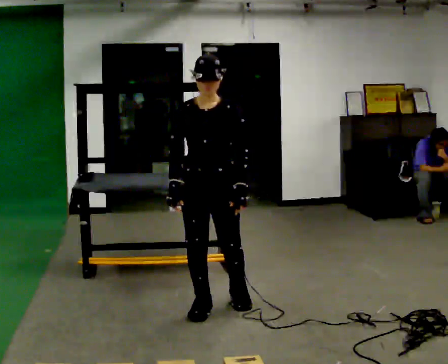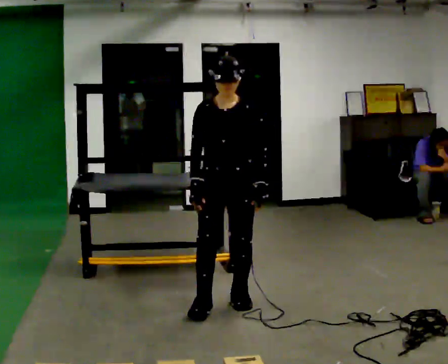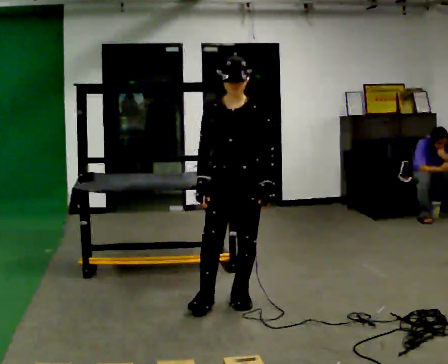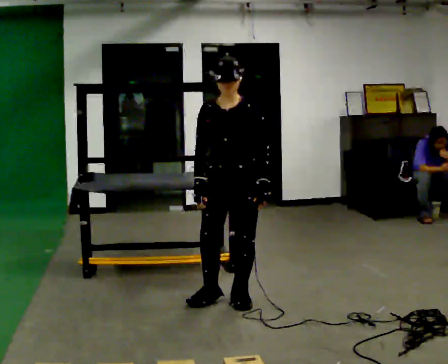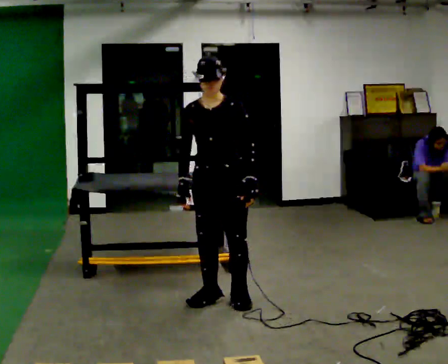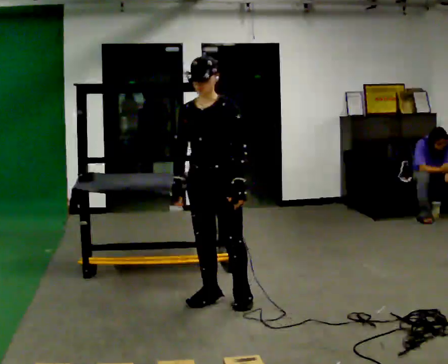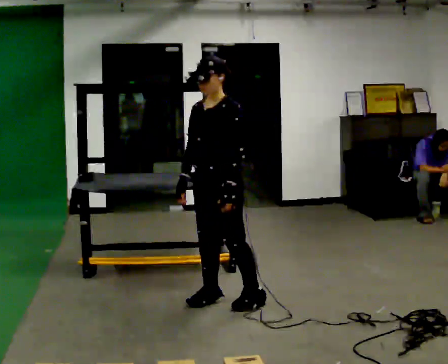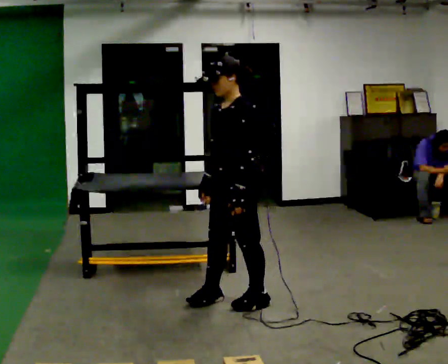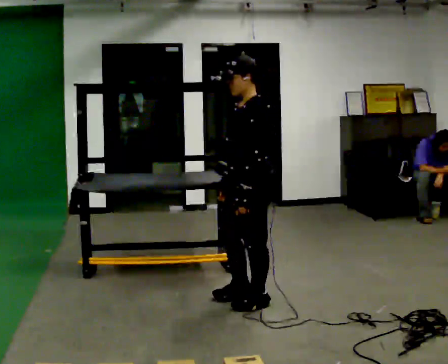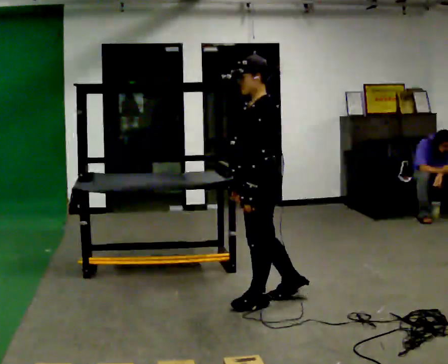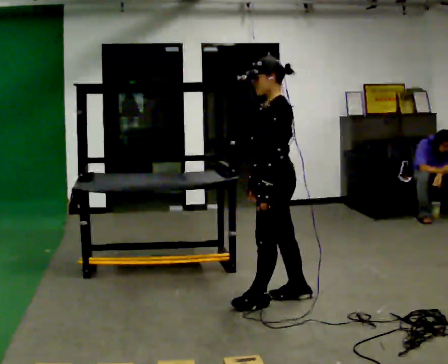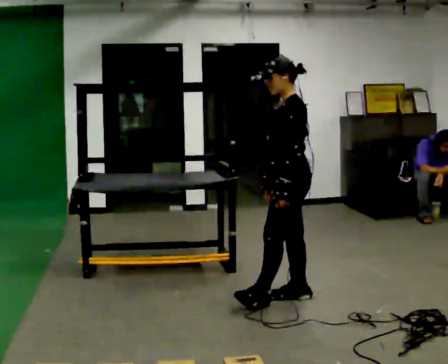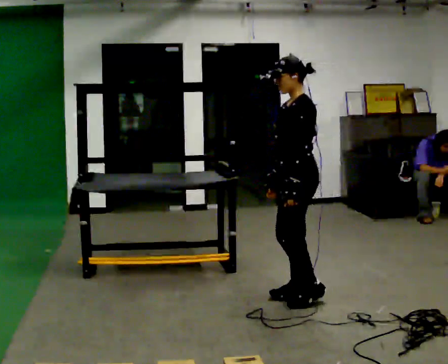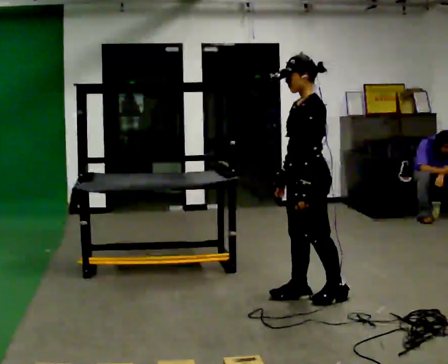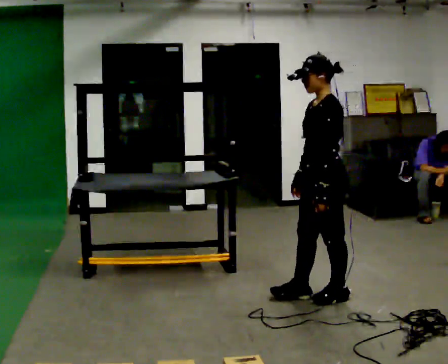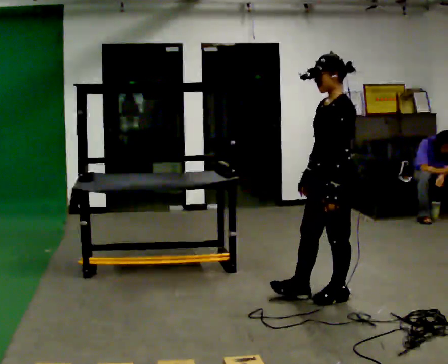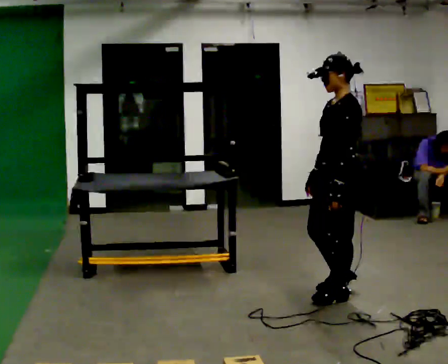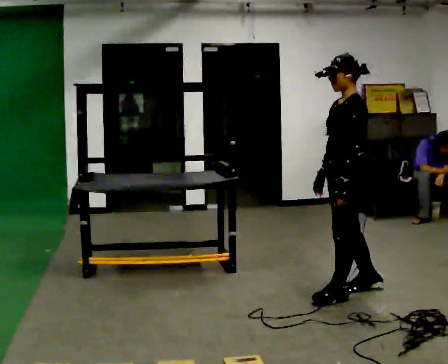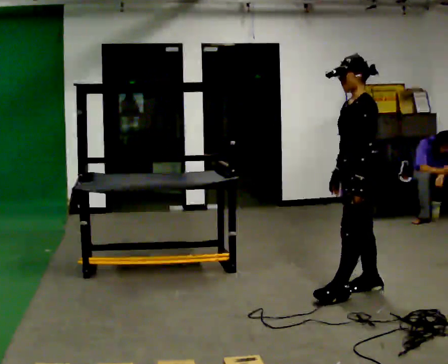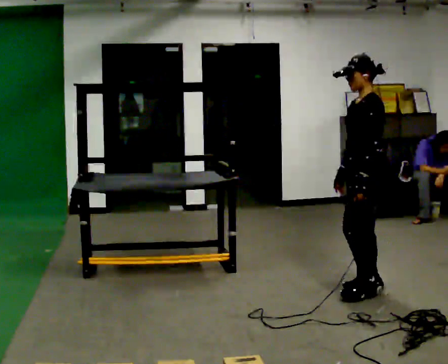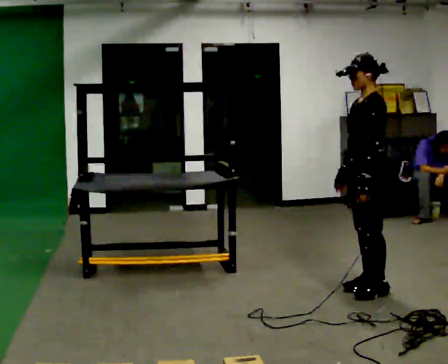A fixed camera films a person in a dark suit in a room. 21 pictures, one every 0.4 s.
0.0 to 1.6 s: In the picture they go away from the camera, about 0.25 m in 1 step, which for them is backward.
1.6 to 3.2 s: The part of the body nearest the lens slides to the left as the person turns to their right by about 75 degrees. In the picture they go to the right, about 0.25 m in 2 steps.
3.2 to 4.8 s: In the picture they go to the right and away from the camera, about 0.25 m in 1 step, which for them is backward and to their right.
4.8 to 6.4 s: In the picture they go to the right, about 0.25 m in 1 step, which for them is backward.
6.4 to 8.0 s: In the picture they go to the right and away from the camera, about 0.25 m in 1 step, which for them is backward and to their right.
The film runs backward here.
